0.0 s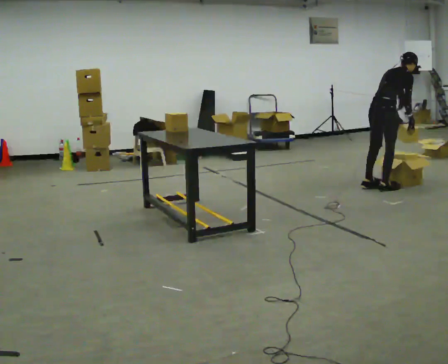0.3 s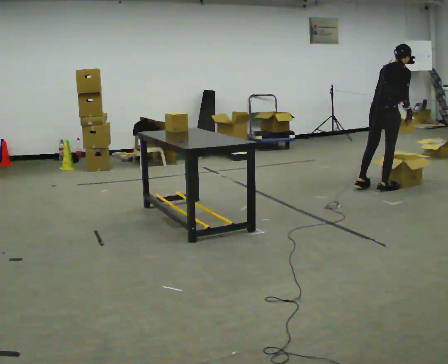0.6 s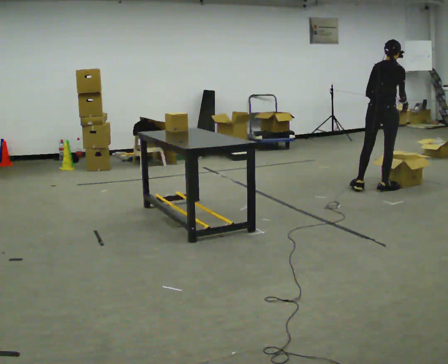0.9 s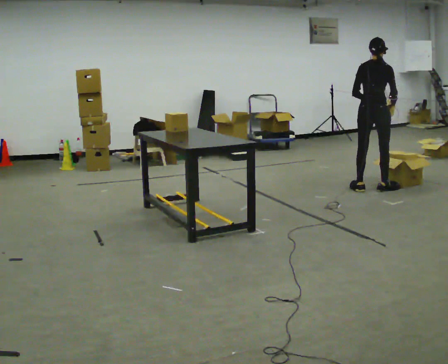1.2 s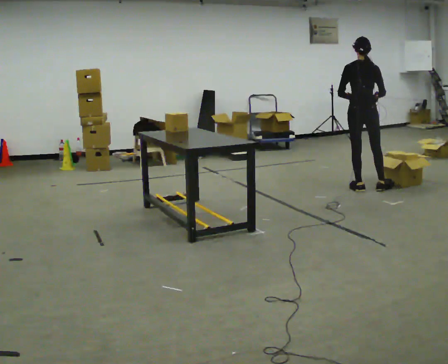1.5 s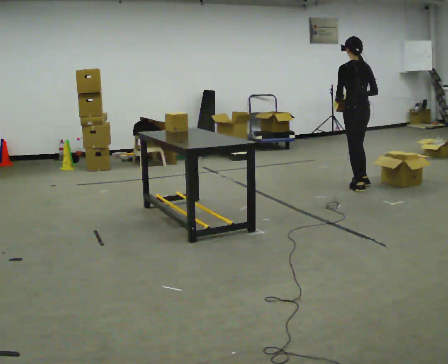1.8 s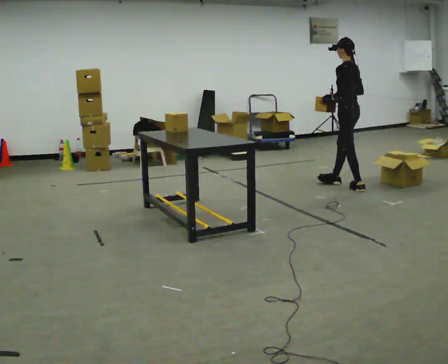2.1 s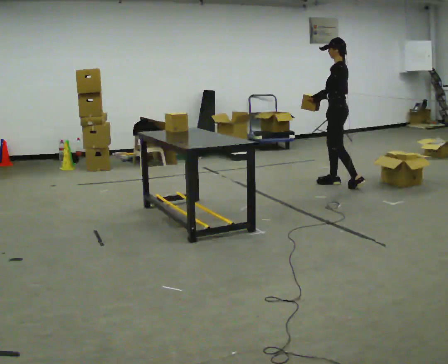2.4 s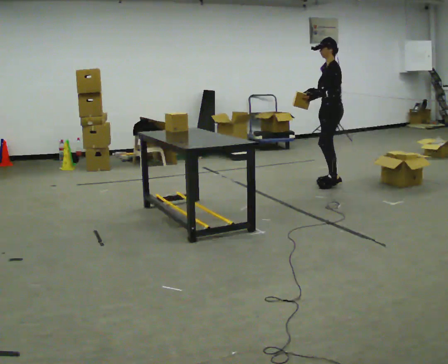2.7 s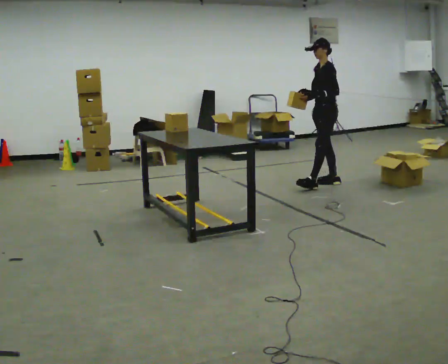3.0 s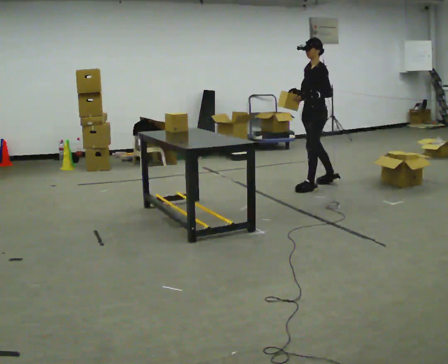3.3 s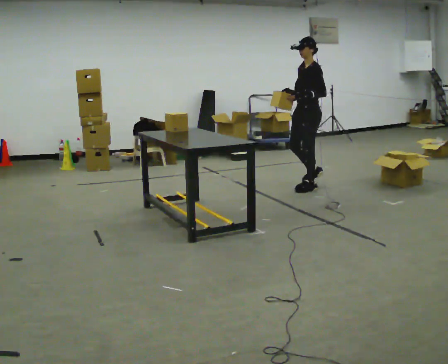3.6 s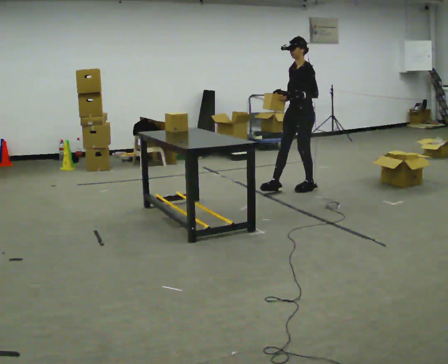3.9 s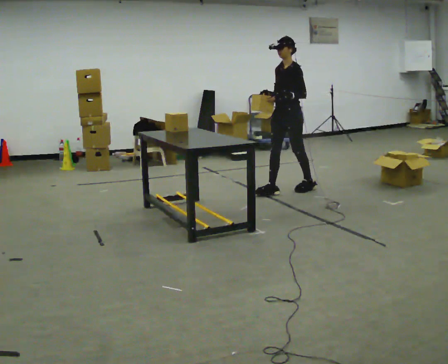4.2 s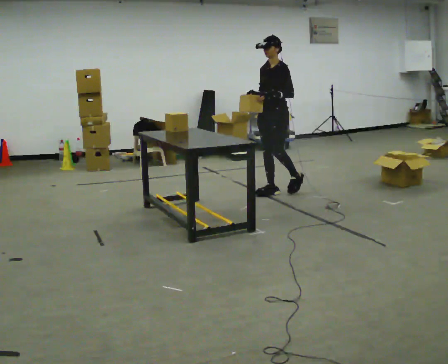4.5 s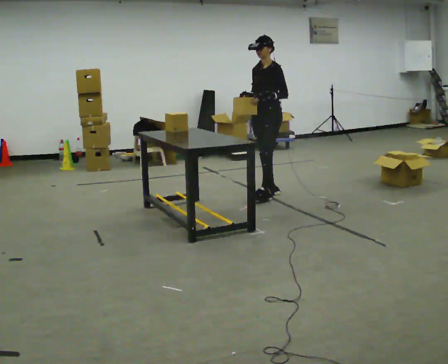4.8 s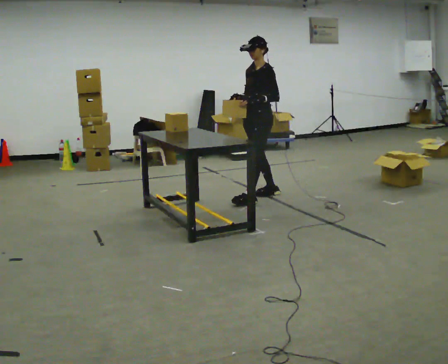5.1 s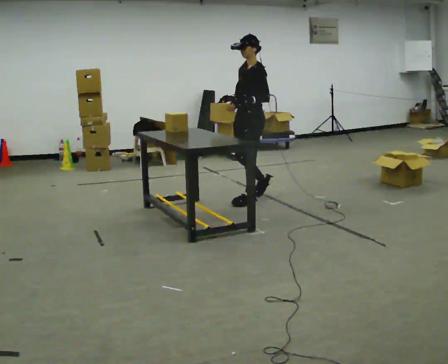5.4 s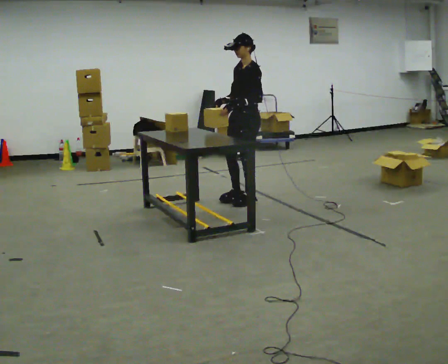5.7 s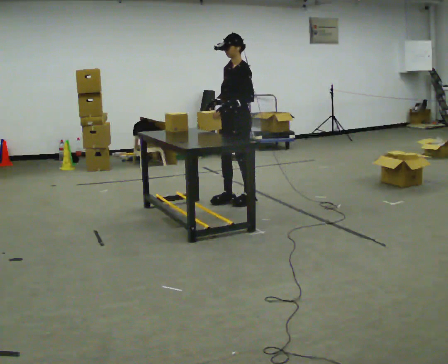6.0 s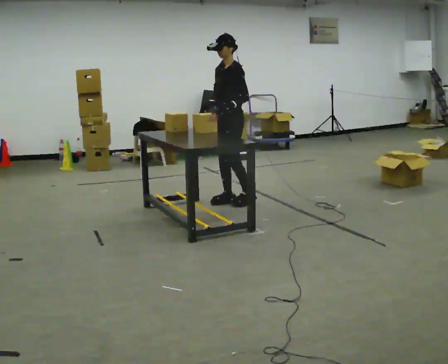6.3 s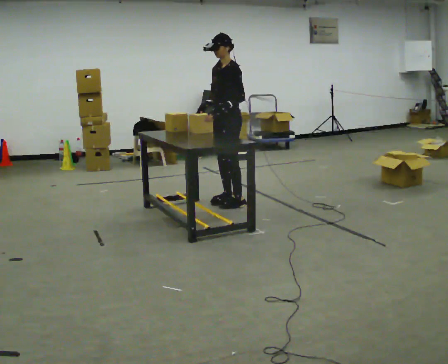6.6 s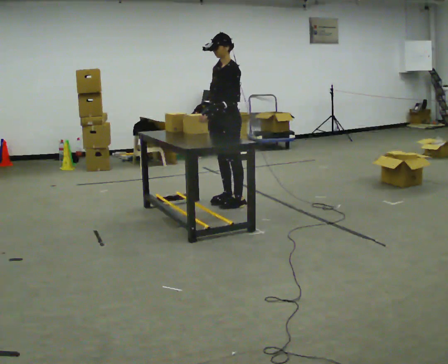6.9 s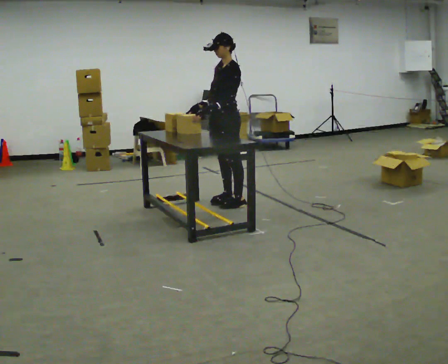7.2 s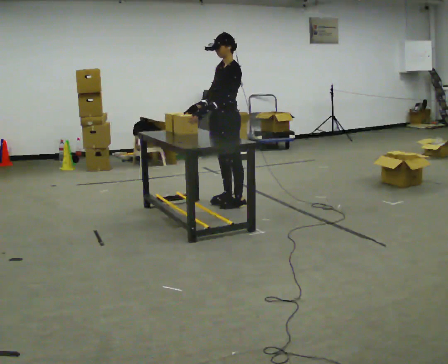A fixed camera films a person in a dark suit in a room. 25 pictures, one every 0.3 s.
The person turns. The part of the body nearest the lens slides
to the right.
The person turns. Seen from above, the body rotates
counterclockwise.
0.0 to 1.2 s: The person turns about 60 degrees to their left, counterclockwise seen from above, so the part of the body nearest the lens slides to the right. In the picture they go to the left, about 0.25 m, which for them is to their left. In the picture the upper body tilts counterclockwise, shoulders to the left, as they lean back or straighten. In the picture their right hand goes to the left.
1.2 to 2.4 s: The part of the body nearest the lens slides to the right as the person turns to their left by about 105 degrees. In the picture they go away from the camera and to the left, about 0.5 m in 1 step.
2.4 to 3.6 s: Seen from above the body turns counterclockwise, about 30 degrees: to their left, with its near side sliding to the right. In the picture they go to the left and toward the camera, about 0.5 m in 1 step, which for them is forward and to their left.
3.6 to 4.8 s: In the picture they go to the left and toward the camera, about 0.5 m in 2 steps, which for them is forward.
4.8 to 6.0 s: In the picture they go to the left and toward the camera, about 0.25 m in 1 step, which for them is forward.
6.0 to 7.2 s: The person moves a little, or ends about where they began.
The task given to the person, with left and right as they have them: Take objects out of the bin one at a time and lay them out on the table, stepping between the bin and the table each time. Keep going until the operator says stop; one object at a time, and do not rush between trips.
The film runs forward here.
